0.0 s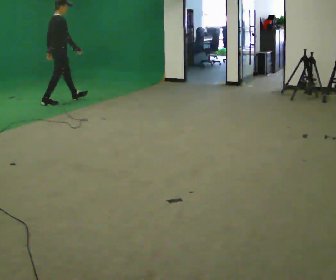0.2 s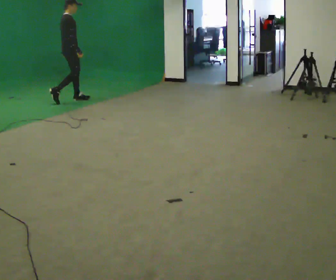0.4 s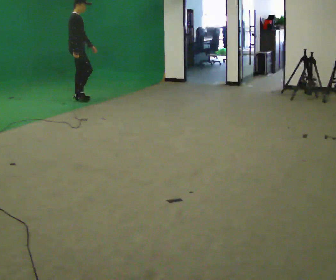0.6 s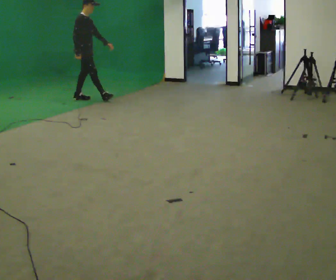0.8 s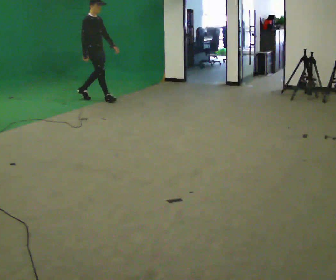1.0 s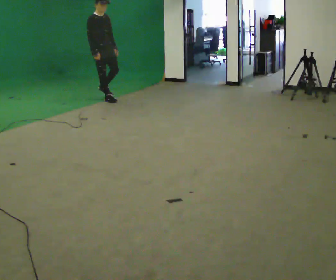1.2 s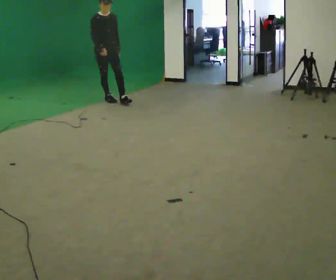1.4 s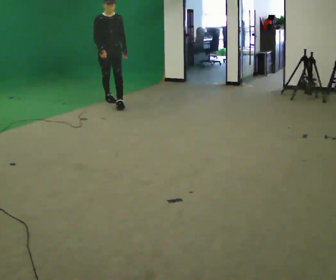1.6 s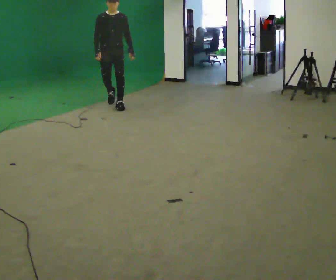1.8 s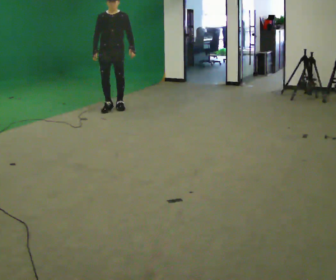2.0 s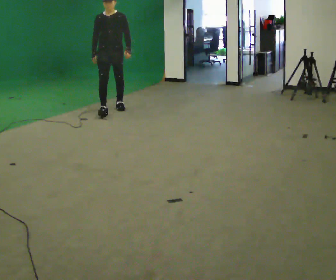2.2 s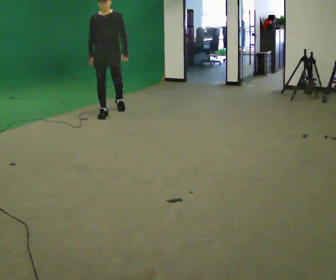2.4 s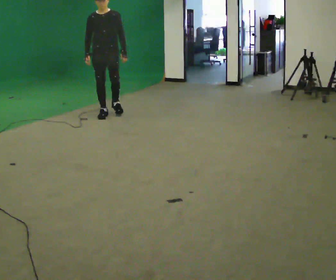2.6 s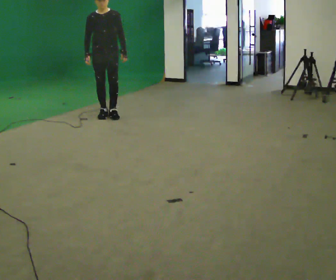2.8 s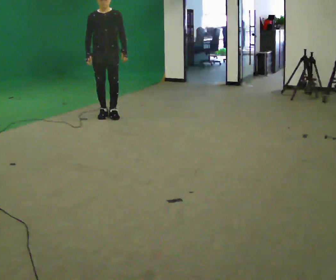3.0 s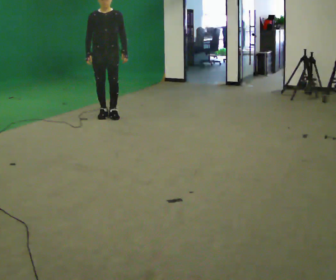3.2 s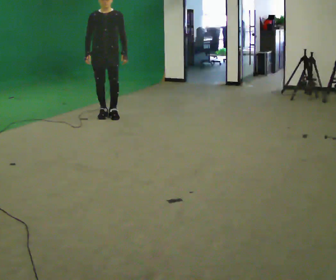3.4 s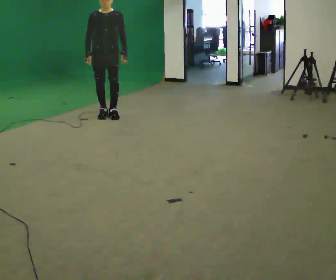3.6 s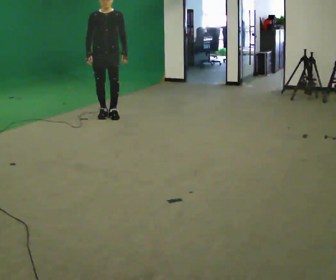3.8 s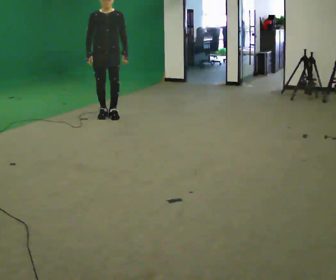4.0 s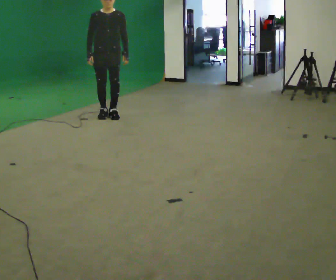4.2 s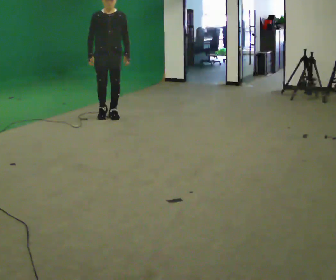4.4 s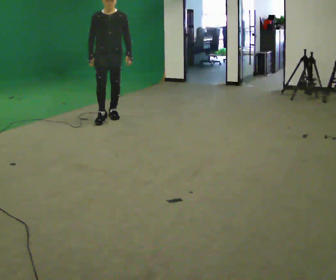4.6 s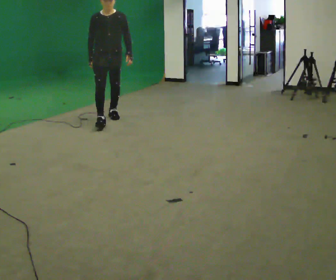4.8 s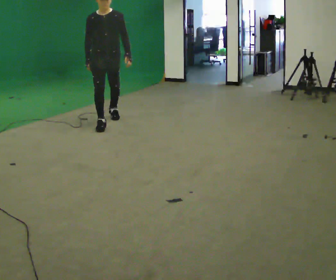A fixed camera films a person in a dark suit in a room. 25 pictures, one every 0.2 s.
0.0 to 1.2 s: The part of the body nearest the lens slides to the left as the person turns to their right by about 90 degrees. In the picture they go to the right, about 1 m in 2 steps.
1.2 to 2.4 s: The person turns about 30 degrees to their right, clockwise seen from above, so the part of the body nearest the lens slides to the left. In the picture they go toward the camera, about 1 m in 2 steps, which for them is forward.
2.4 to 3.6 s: The person moves a little, or ends about where they began.
3.6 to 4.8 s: In the picture they go toward the camera, about 0.25 m in 1 step, which for them is forward.
The film runs forward here.
